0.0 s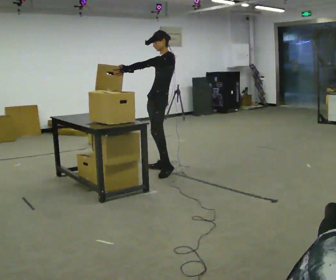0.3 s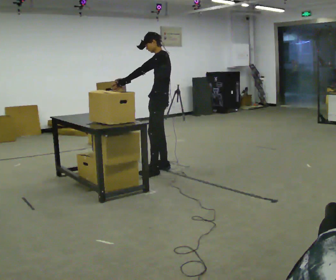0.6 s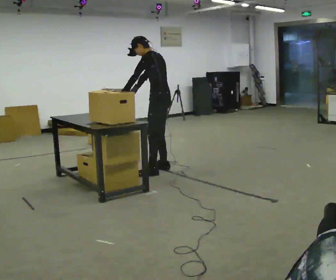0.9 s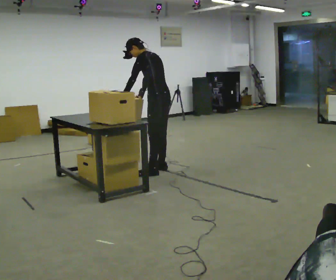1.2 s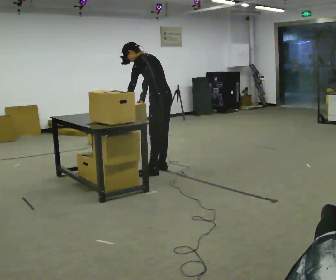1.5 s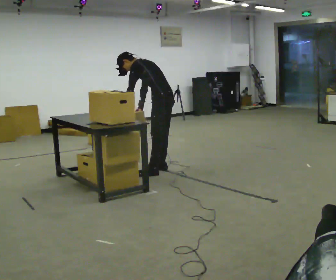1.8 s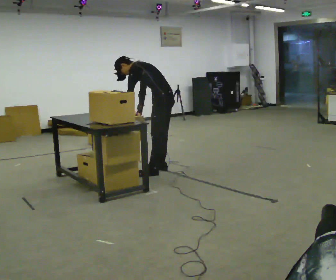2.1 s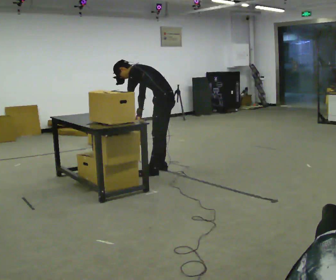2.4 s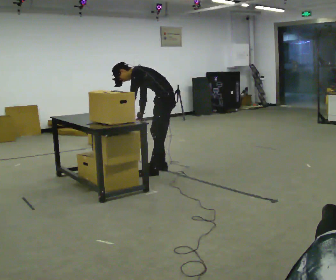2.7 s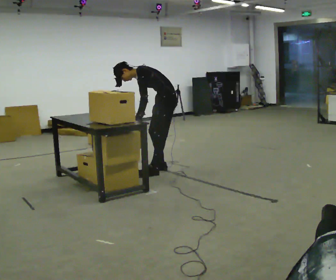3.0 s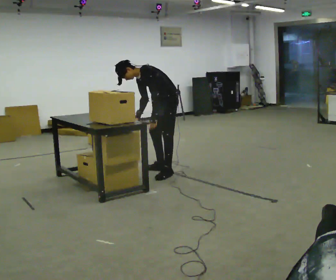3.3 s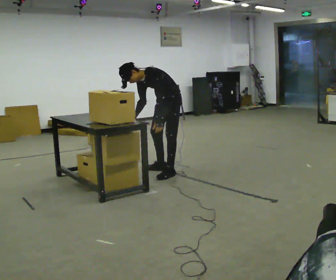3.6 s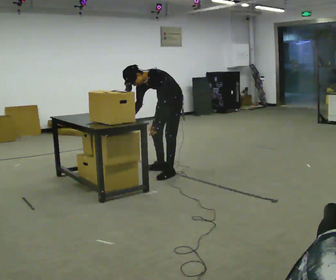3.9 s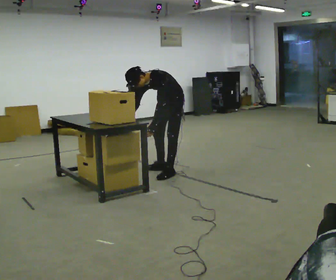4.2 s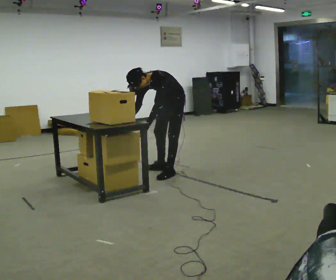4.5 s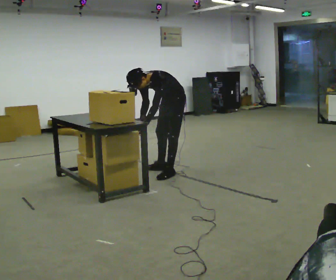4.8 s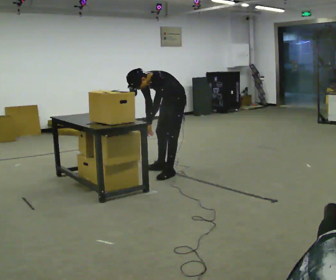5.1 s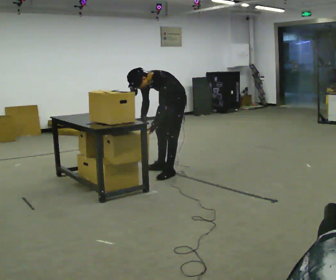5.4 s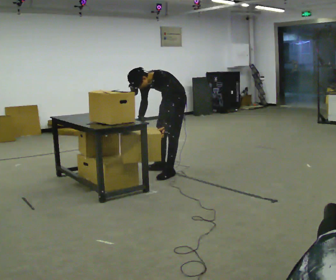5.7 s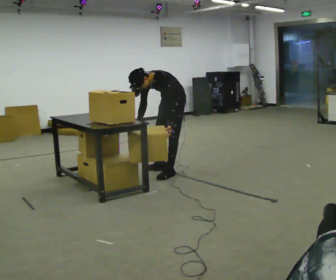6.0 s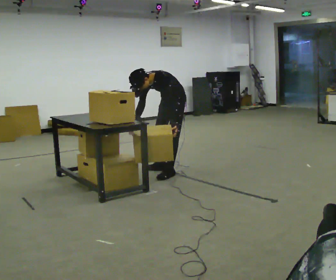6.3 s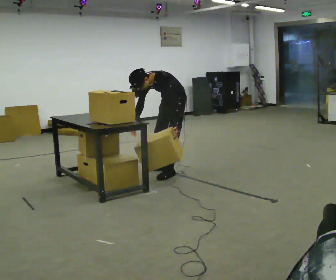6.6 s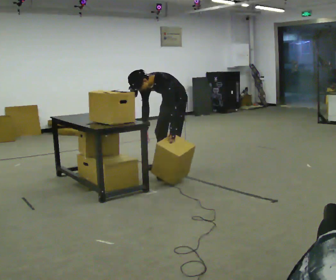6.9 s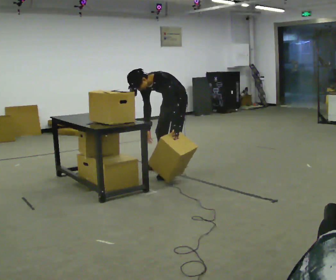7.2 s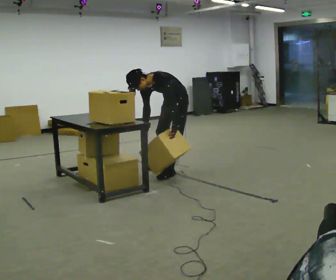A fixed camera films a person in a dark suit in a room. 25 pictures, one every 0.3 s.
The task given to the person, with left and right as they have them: Take the boxes off the top, get the one from the bottom, carry it away, then put the others back. Keep going until the operator says stop; one object at a time, and do not rush between trips.
0.0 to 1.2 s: Seen from above the body turns clockwise, about 45 degrees: to their right, with its near side sliding to the left. In the picture they go toward the camera, about 0.25 m in 1 step, which for them is to their left. In the picture the upper body tilts counterclockwise, shoulders to the left, as they bend forward. In the picture their right hand goes downward, the arm swinging counterclockwise.
1.2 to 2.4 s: In the picture the upper body tilts counterclockwise, shoulders to the left, as they bend forward.
2.4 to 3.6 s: The part of the body nearest the lens slides to the right as the person turns to their left by about 45 degrees. The upper body tips toward the camera, its near side rolling downward. In the picture their left hand goes to the right.
3.6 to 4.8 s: The person moves a little, or ends about where they began.
4.8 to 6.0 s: In the picture their left hand goes to the right.
6.0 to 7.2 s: The person moves a little, or ends about where they began.
The film runs forward here.
